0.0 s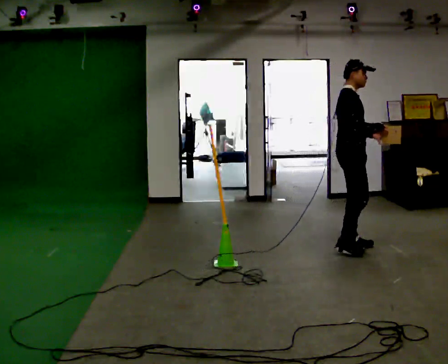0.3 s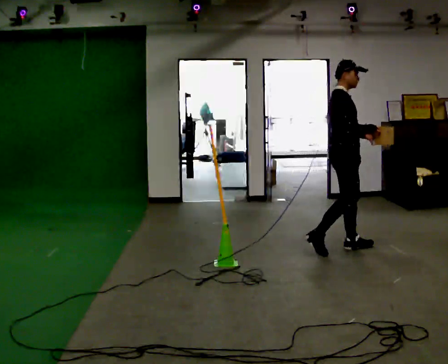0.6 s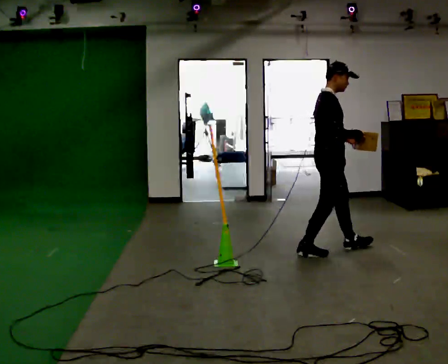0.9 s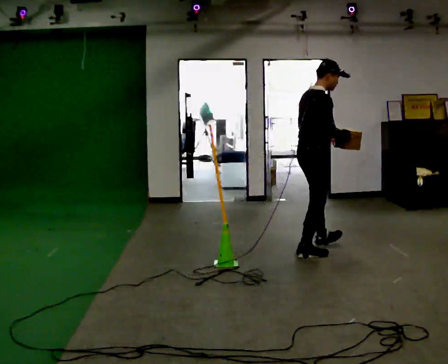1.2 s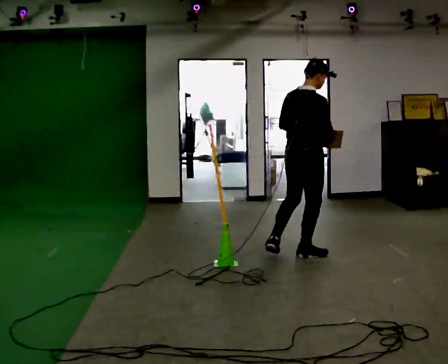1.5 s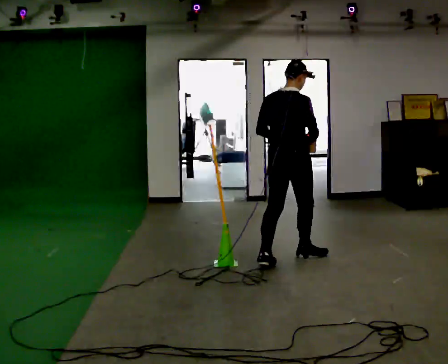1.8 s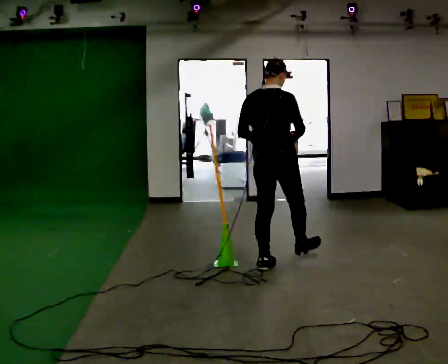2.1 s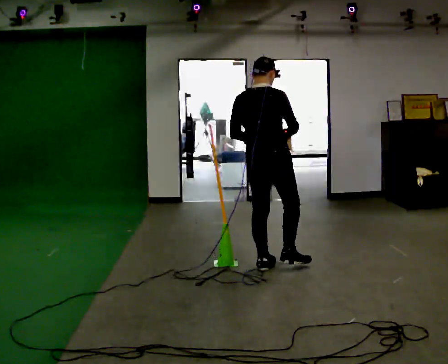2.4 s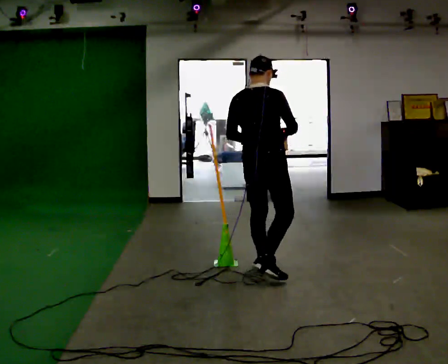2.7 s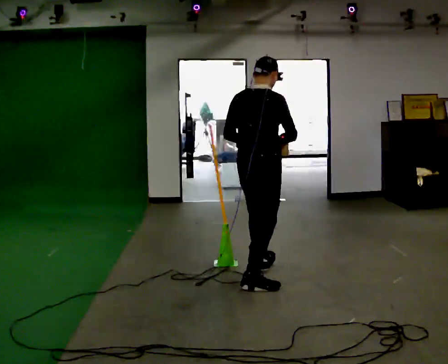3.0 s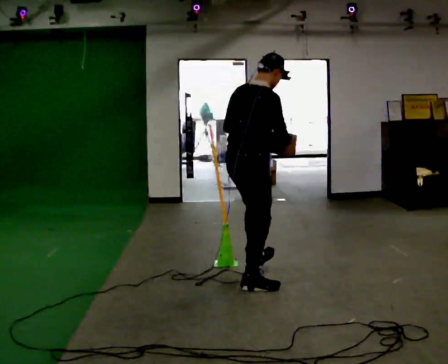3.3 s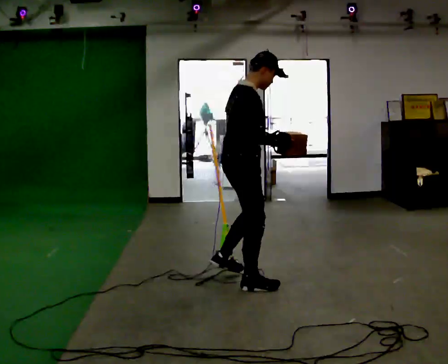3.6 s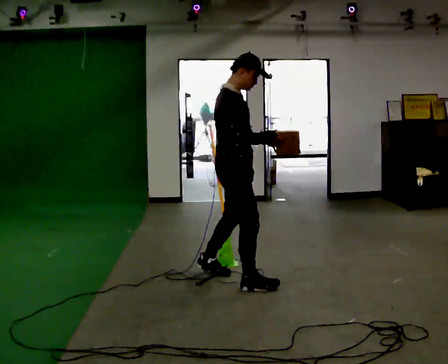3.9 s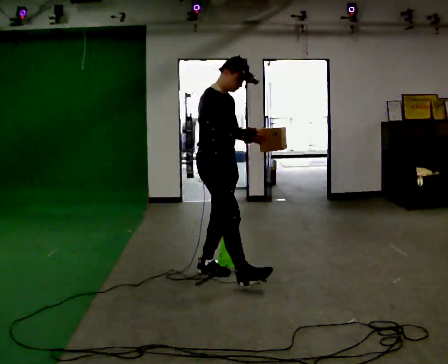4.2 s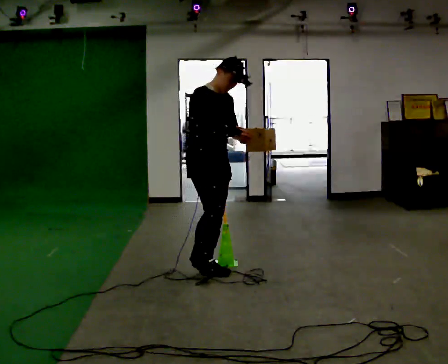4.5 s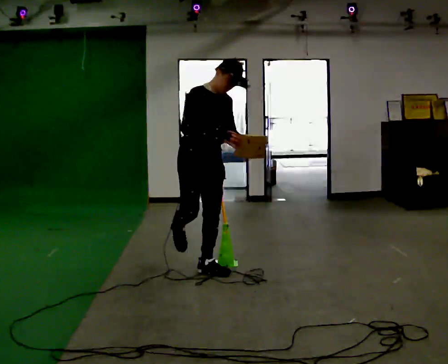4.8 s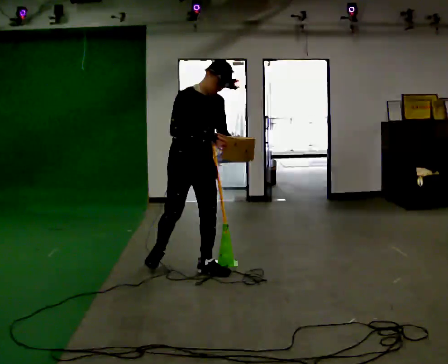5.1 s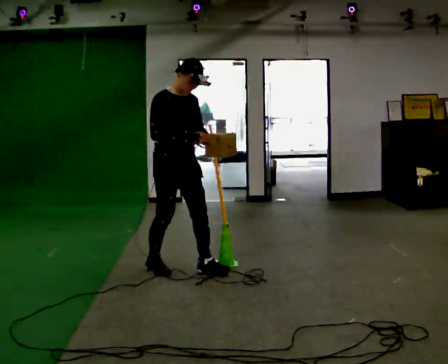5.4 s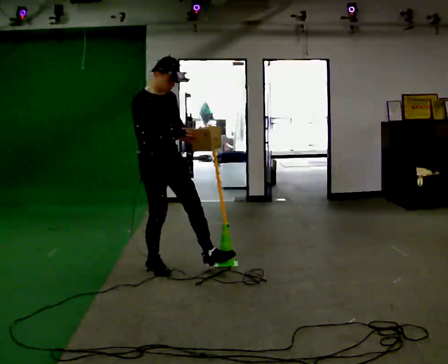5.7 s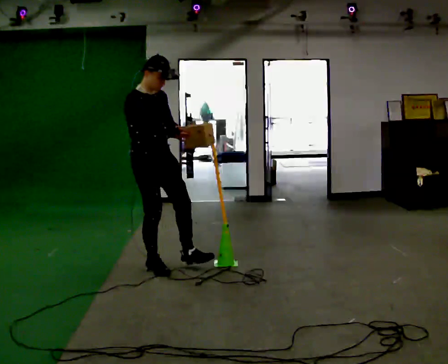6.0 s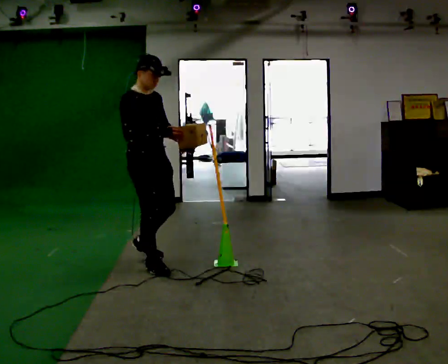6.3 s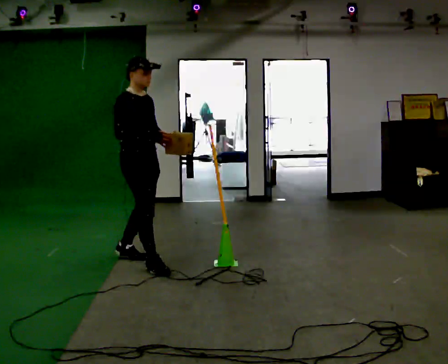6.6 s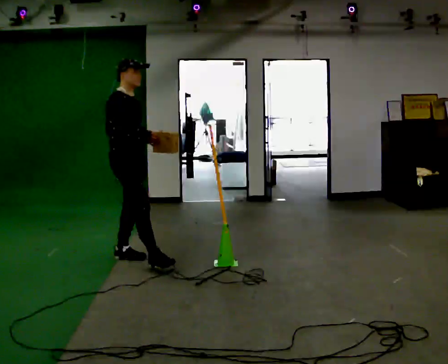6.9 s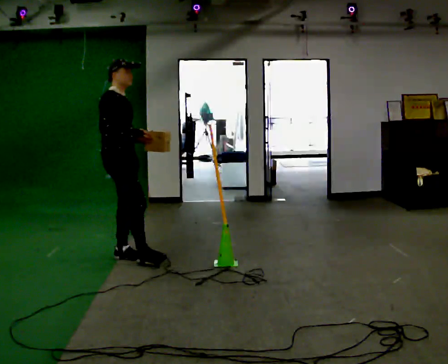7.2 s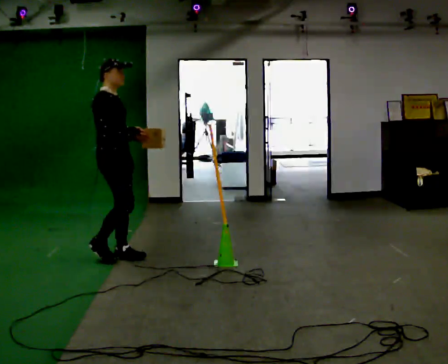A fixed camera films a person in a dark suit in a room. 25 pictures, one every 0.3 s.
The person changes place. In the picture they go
to the left.
0.0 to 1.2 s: Seen from above the body turns counterclockwise, about 45 degrees: to their left, with its near side sliding to the right. In the picture they go to the left and toward the camera, about 0.5 m in 1 step, which for them is backward and to their right.
1.2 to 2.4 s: In the picture they go toward the camera and to the left, about 0.5 m in 1 step, which for them is backward.
2.4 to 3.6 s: Seen from above the body turns clockwise, about 60 degrees: to their right, with its near side sliding to the left. In the picture they go toward the camera and to the left, about 0.25 m in 1 step.
3.6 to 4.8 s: The person turns about 45 degrees to their right, clockwise seen from above, so the part of the body nearest the lens slides to the left. In the picture they go to the left and away from the camera, about 0.5 m in 1 step, which for them is backward. In the picture the upper body tilts clockwise, shoulders to the right.
4.8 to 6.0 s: In the picture they go to the left, about 0.5 m in 1 step, which for them is backward and to their right. In the picture the upper body tilts counterclockwise, shoulders to the left.
6.0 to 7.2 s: In the picture they go to the left and away from the camera, about 0.5 m in 1 step, which for them is backward and to their left.
The film runs backward here.
